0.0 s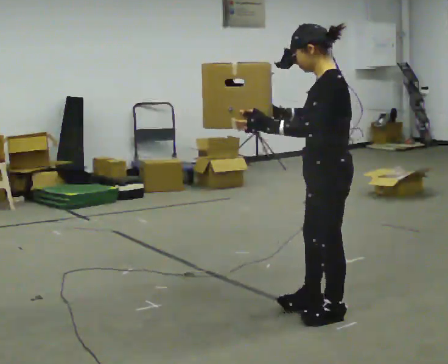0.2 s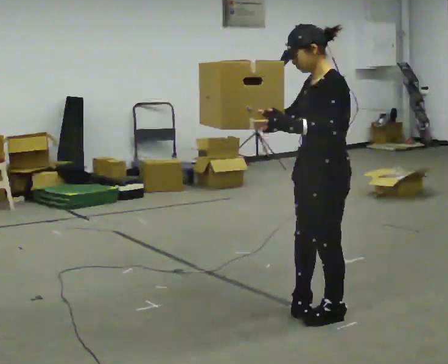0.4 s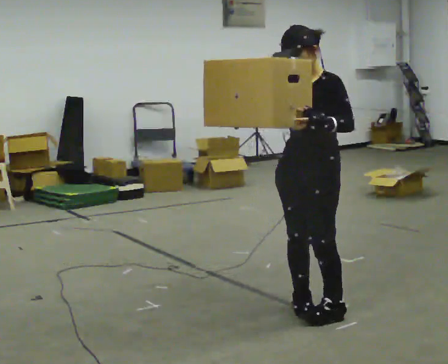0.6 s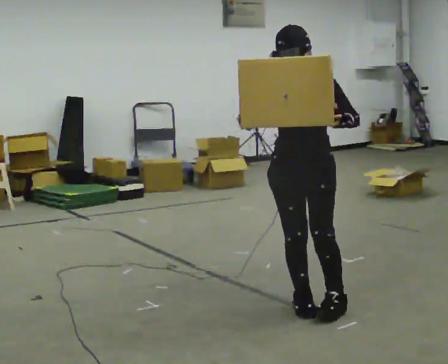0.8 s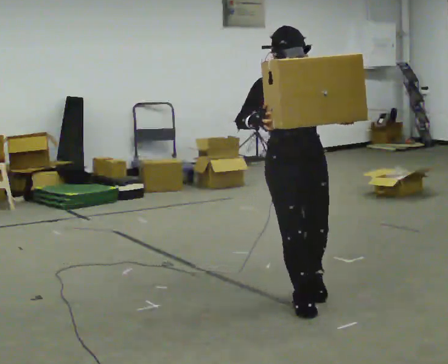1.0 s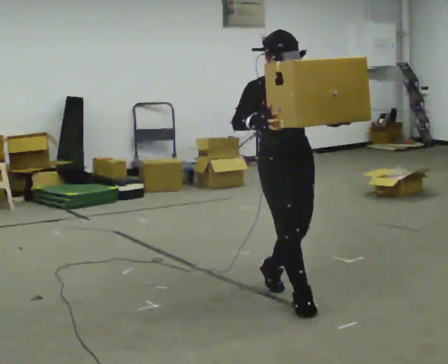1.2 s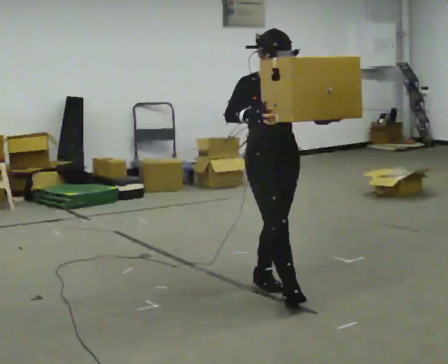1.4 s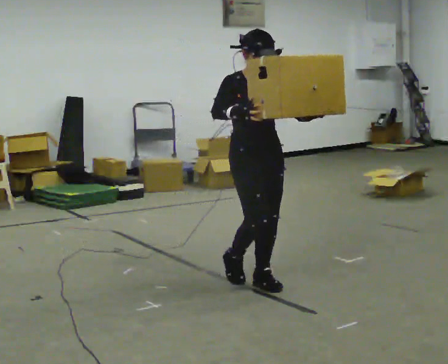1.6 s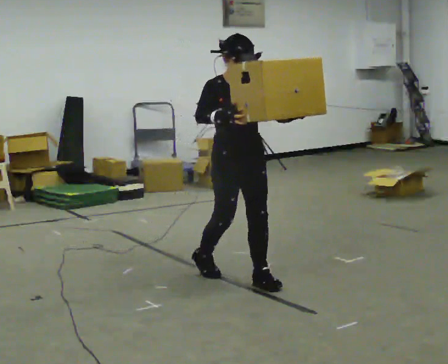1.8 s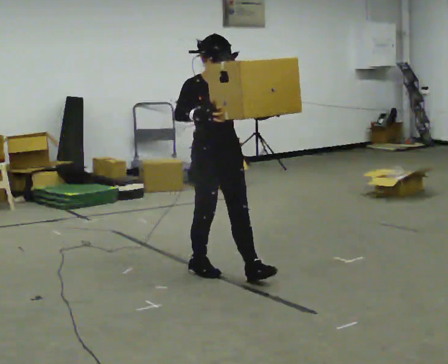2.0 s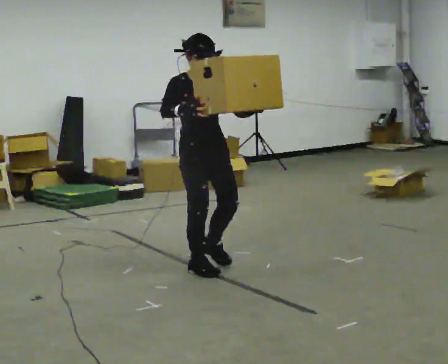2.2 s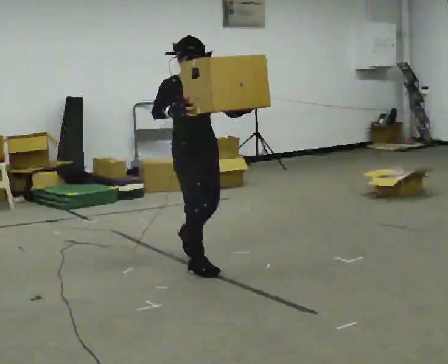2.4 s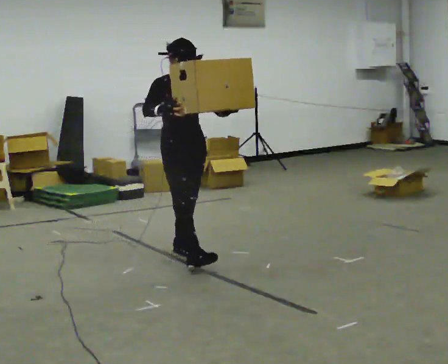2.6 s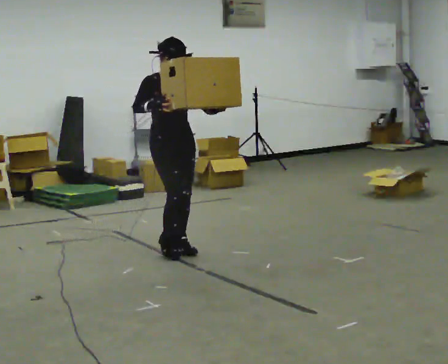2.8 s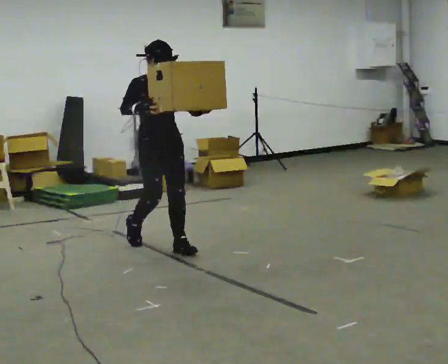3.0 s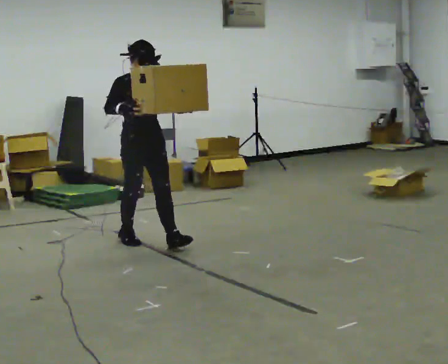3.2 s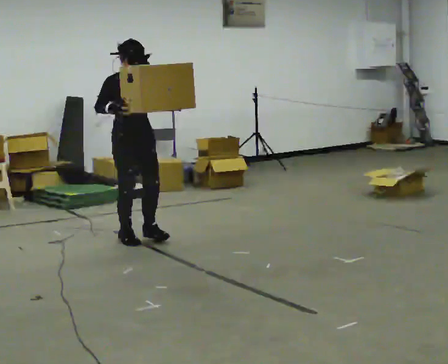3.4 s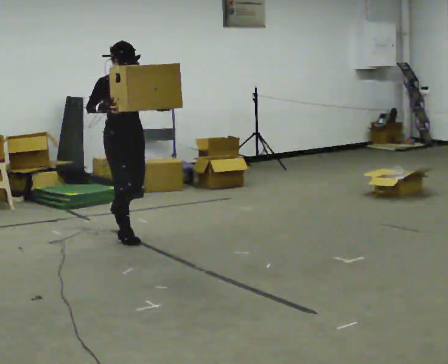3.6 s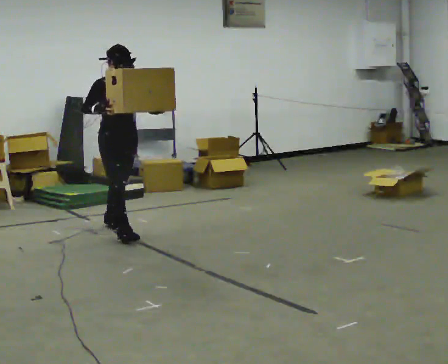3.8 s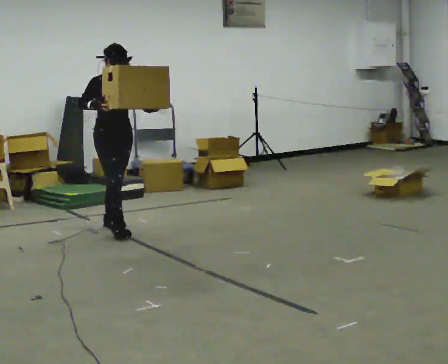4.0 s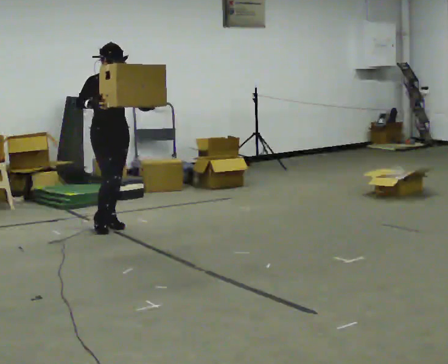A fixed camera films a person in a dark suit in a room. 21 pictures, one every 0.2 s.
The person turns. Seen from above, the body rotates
counterclockwise.
The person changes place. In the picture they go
away from the camera.
0.0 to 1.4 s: The person turns about 135 degrees to their left, counterclockwise seen from above, so the part of the body nearest the lens slides to the right. In the picture they go away from the camera and to the left, about 0.75 m in 2 steps.
1.4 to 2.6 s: In the picture they go away from the camera and to the left, about 1 m in 2 steps, which for them is backward.
2.6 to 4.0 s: In the picture they go away from the camera and to the left, about 1 m in 2 steps, which for them is backward.
The film runs backward here.
